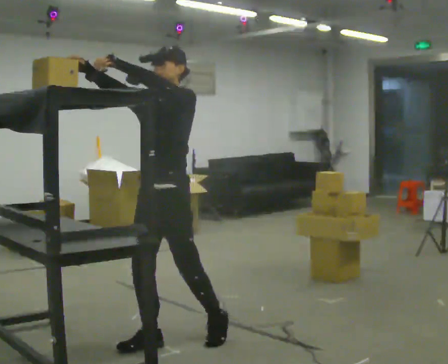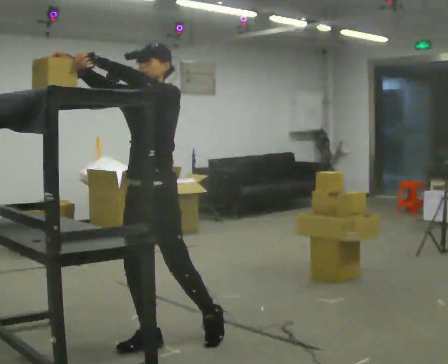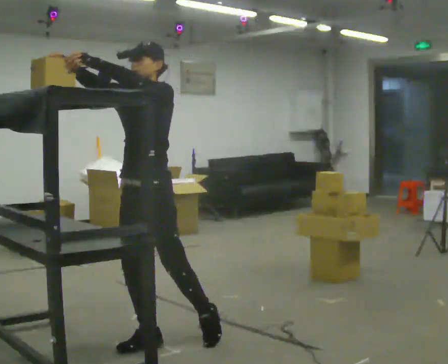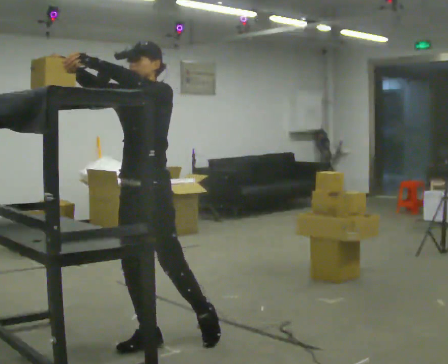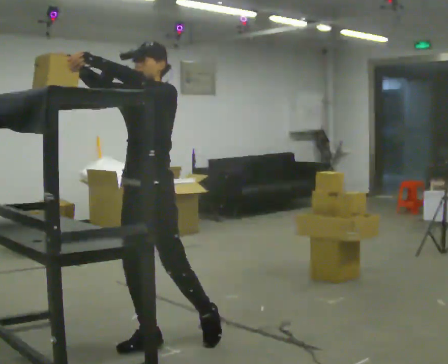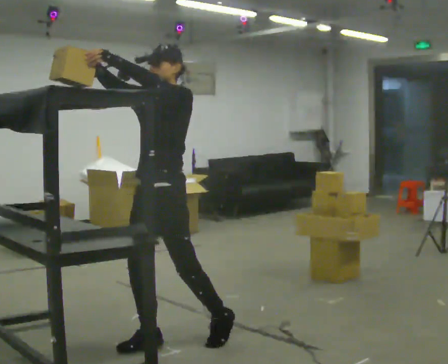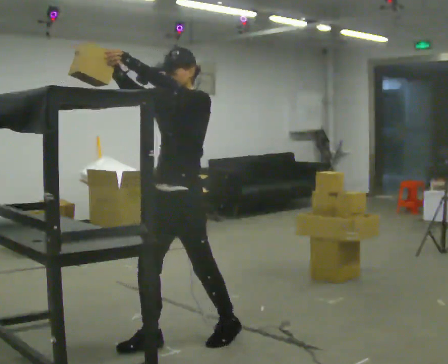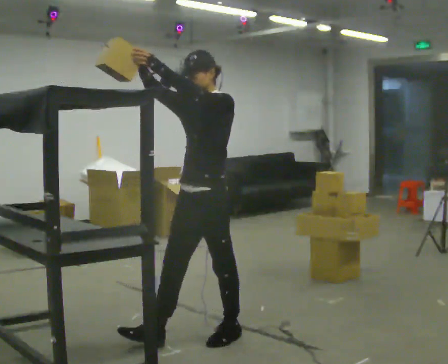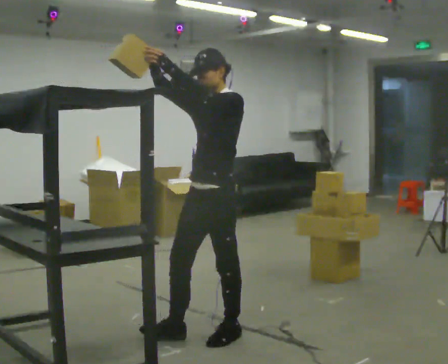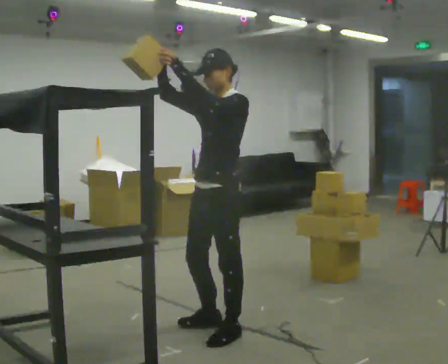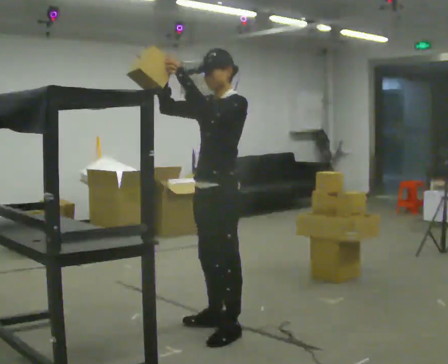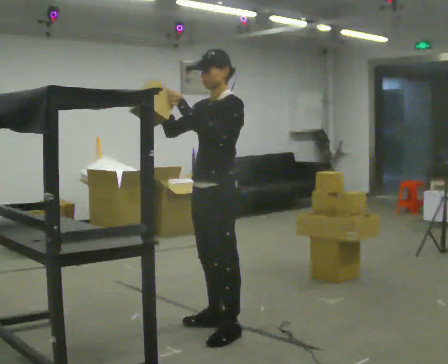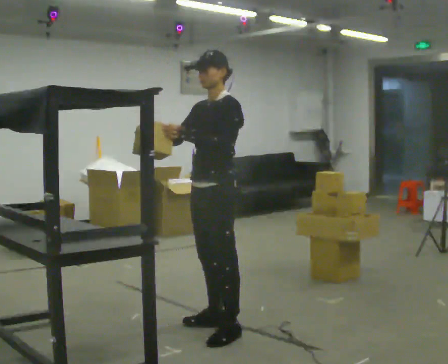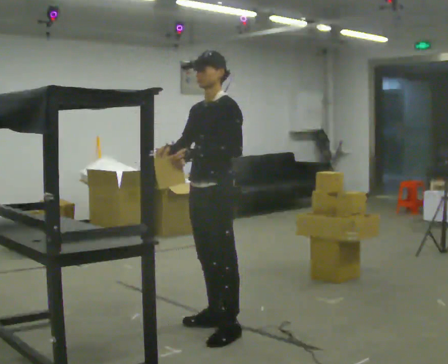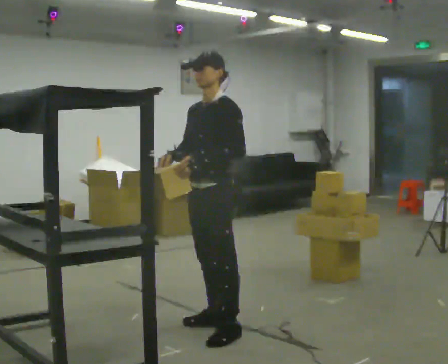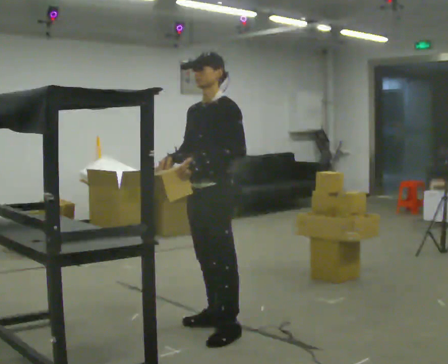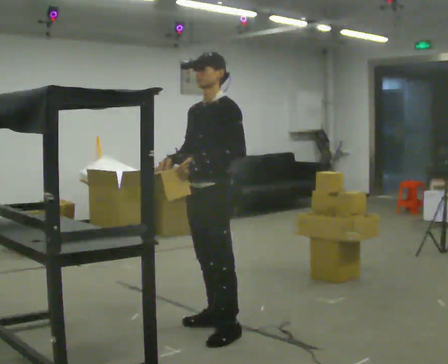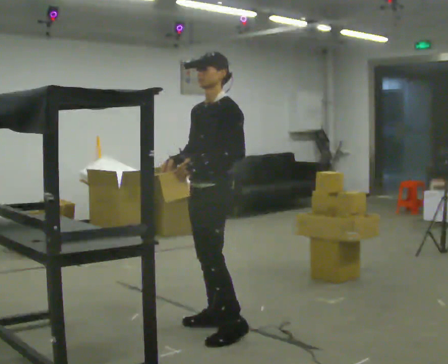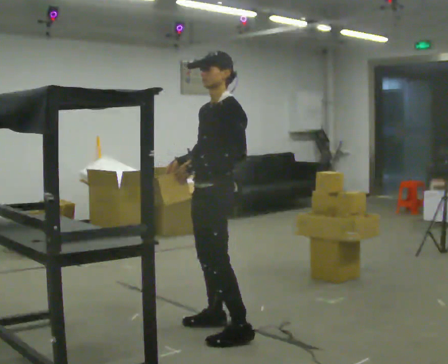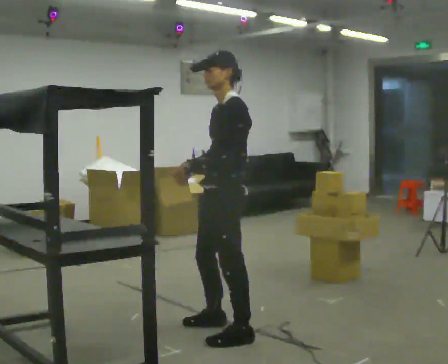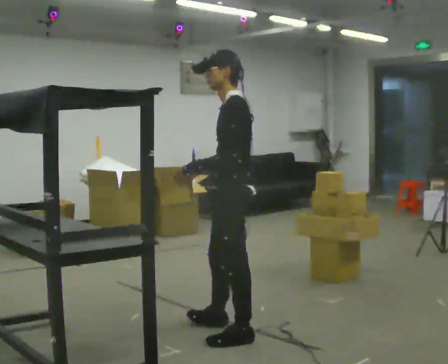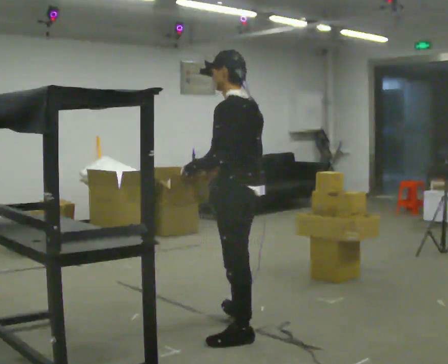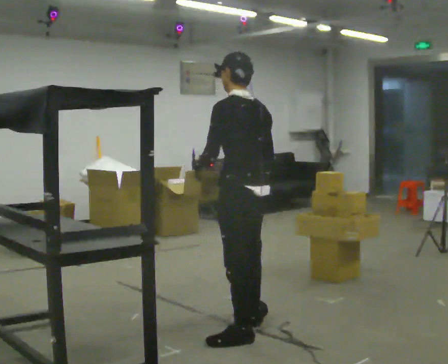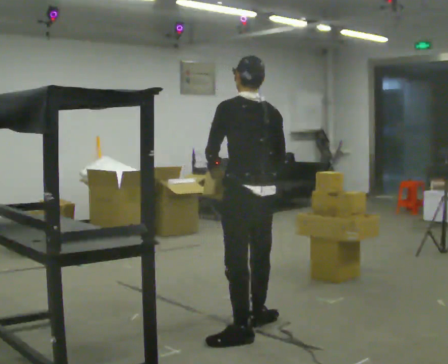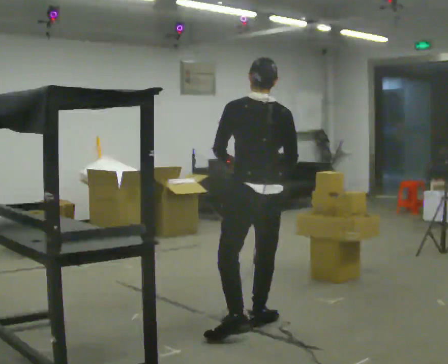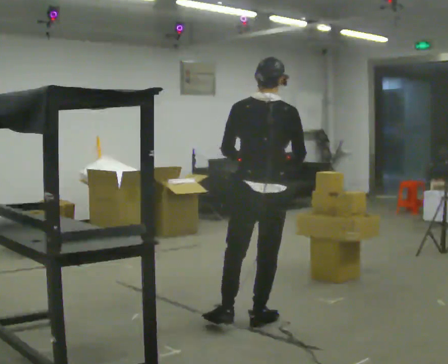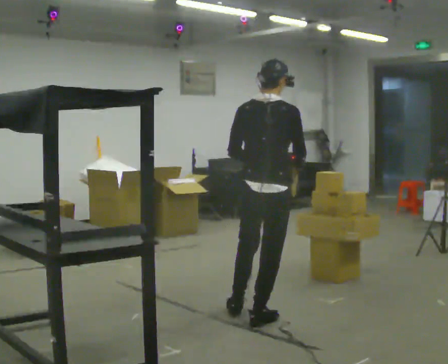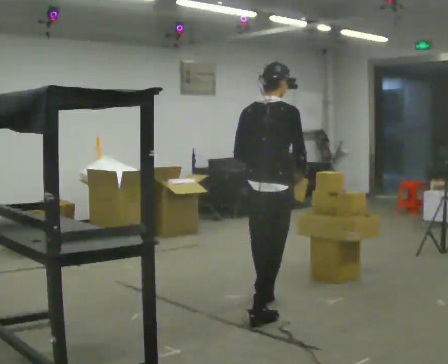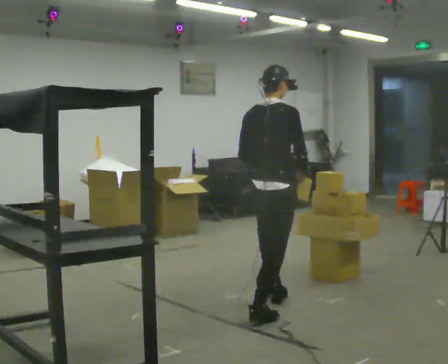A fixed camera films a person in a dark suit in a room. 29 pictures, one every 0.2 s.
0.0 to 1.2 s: The person moves a little, or ends about where they began.
1.2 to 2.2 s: In the picture they go away from the camera and to the right, about 0.25 m in 1 step, which for them is backward.
2.2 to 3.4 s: The person moves a little, or ends about where they began.
3.4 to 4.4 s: The person turns about 75 degrees to their right, clockwise seen from above, so the part of the body nearest the lens slides to the left. In the picture they go to the right, about 0.25 m in 1 step. In the picture their right hand goes to the right.
4.4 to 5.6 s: The part of the body nearest the lens slides to the left as the person turns to their right by about 90 degrees. In the picture they go away from the camera, about 0.5 m in 1 step.
The film runs forward here.
